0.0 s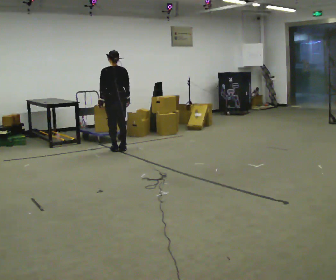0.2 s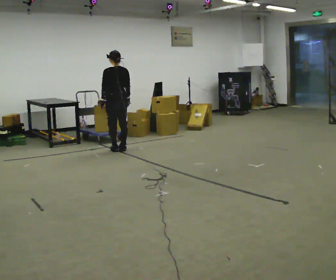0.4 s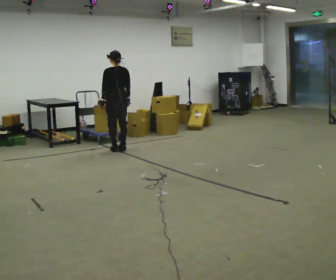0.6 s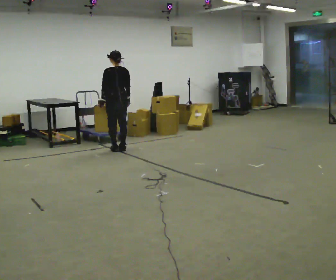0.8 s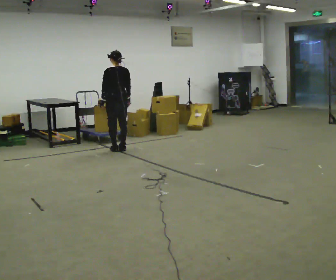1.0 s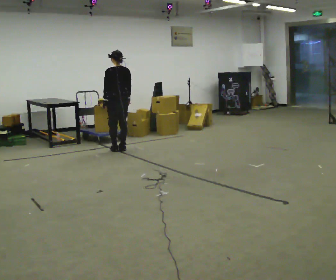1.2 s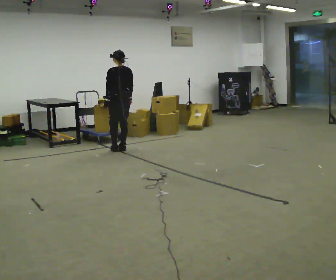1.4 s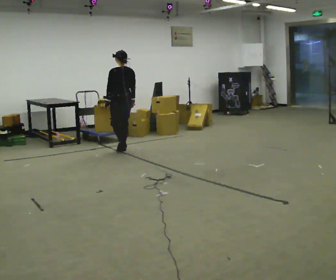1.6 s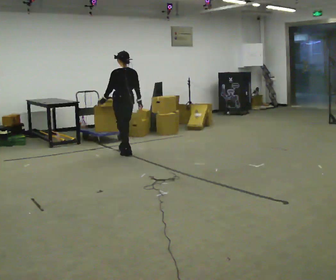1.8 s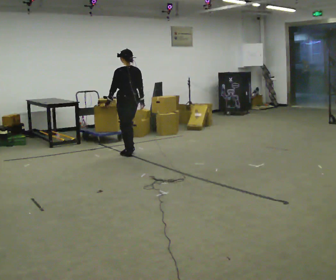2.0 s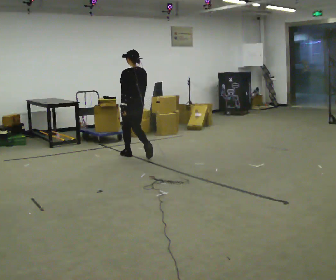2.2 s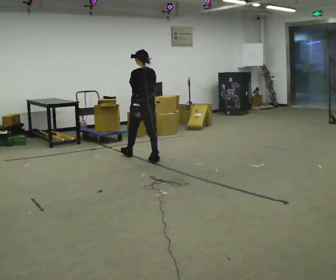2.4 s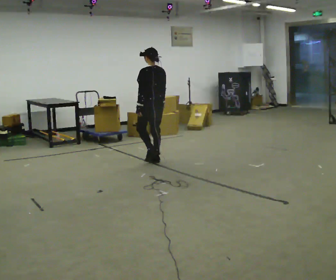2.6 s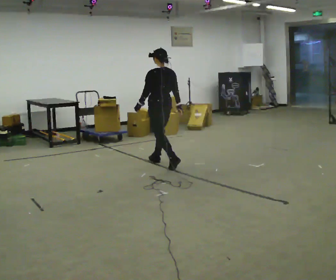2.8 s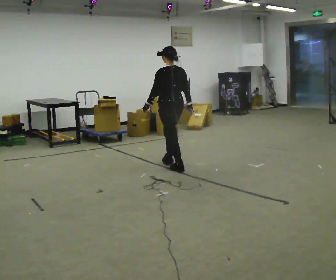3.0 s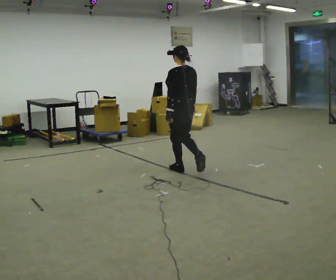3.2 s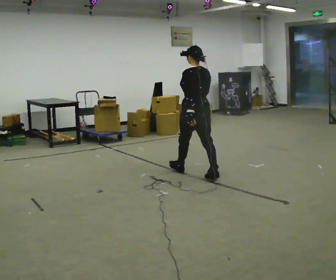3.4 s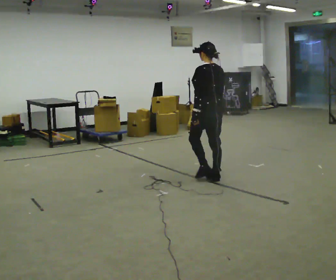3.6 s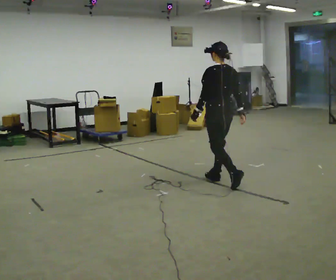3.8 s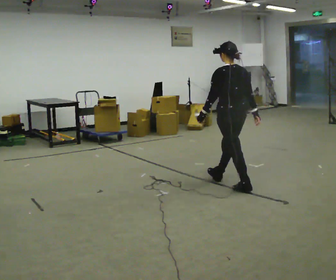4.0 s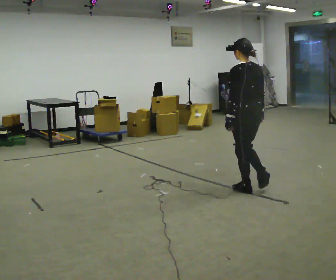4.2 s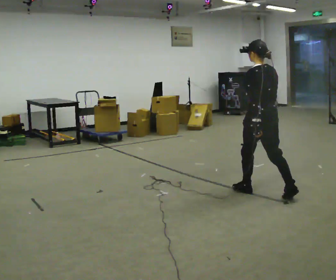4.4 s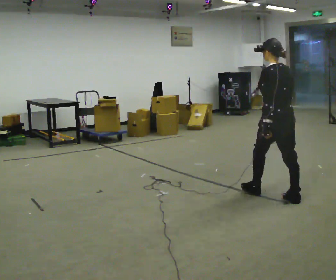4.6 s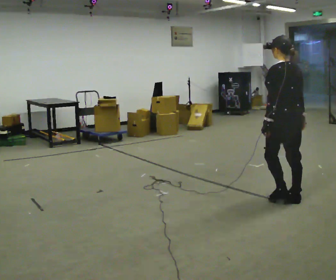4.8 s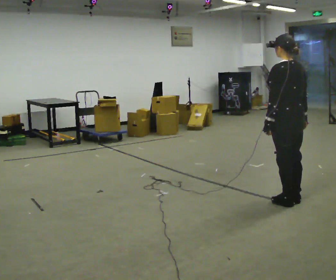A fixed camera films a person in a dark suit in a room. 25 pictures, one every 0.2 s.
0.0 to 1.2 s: The person moves a little, or ends about where they began.
1.2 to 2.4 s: In the picture they go toward the camera and to the right, about 1 m in 3 steps, which for them is backward.
2.4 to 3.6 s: In the picture they go toward the camera and to the right, about 1.5 m in 2 steps, which for them is backward.
3.6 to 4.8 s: In the picture they go toward the camera and to the right, about 1 m in 2 steps, which for them is backward.
The film runs backward here.
